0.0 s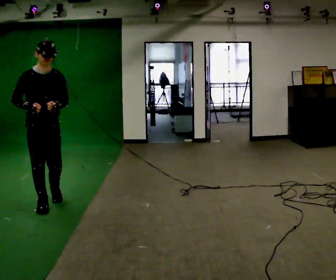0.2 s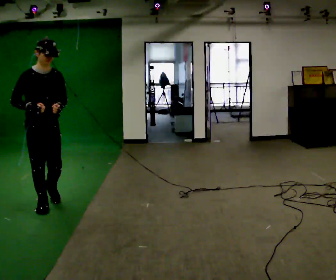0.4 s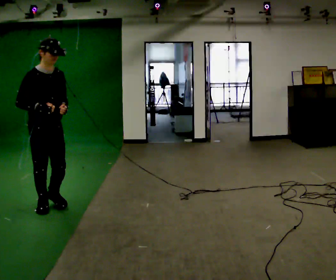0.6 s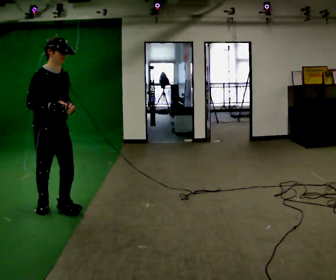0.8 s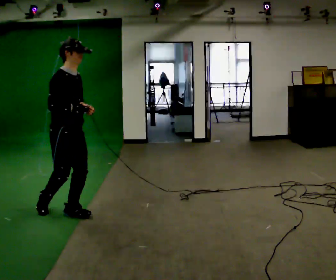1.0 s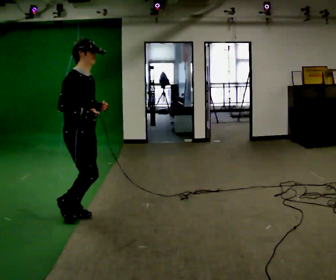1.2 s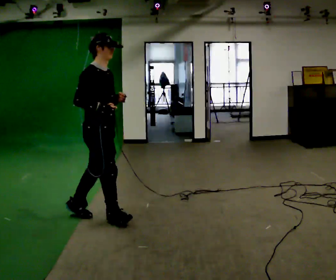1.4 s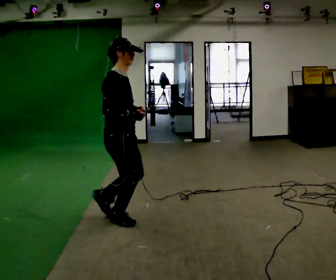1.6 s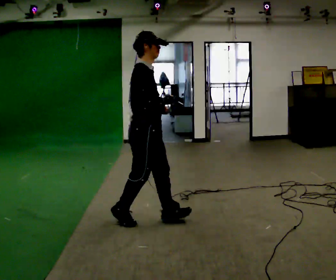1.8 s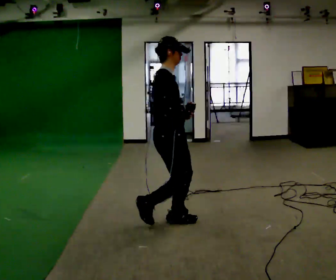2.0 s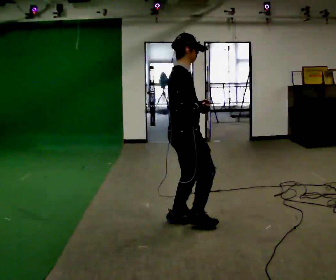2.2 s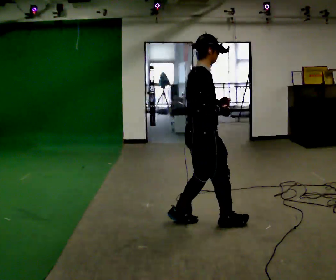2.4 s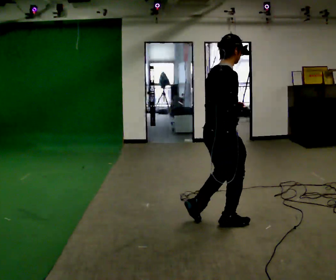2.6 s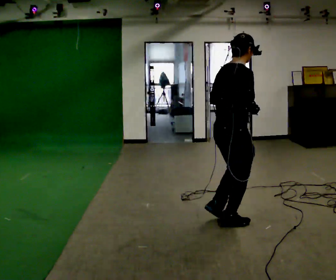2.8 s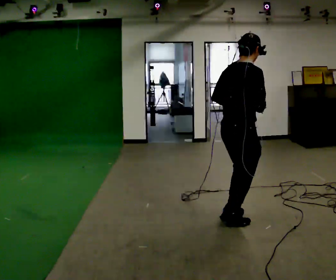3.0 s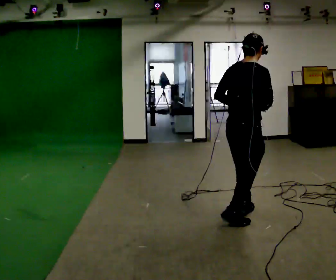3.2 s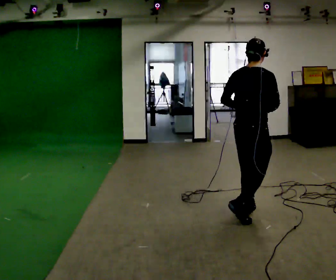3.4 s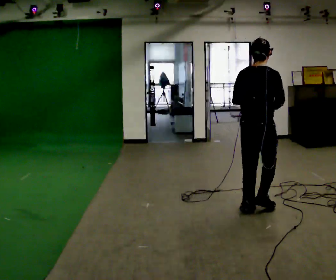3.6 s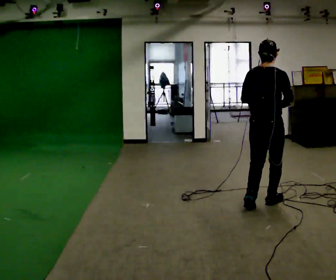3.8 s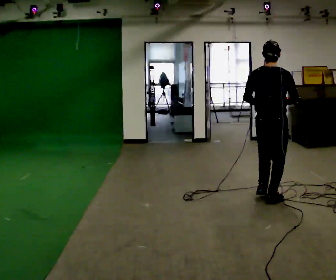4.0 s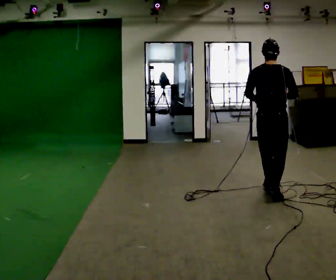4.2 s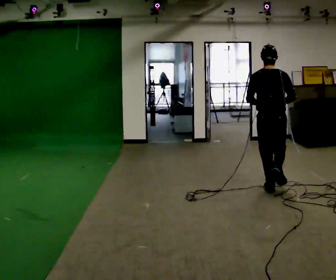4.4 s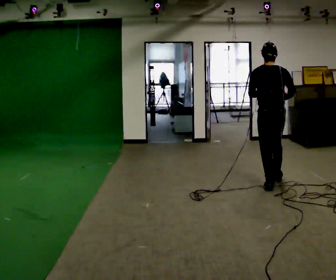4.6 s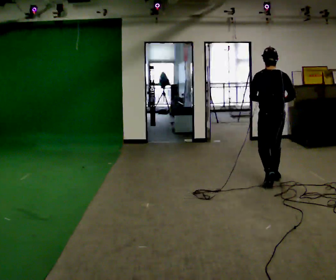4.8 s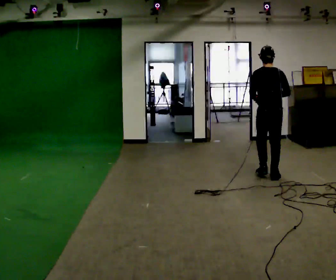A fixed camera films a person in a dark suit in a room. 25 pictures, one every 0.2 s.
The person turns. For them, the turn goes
to their left.
The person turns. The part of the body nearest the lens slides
to the right.
0.0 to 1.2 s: The person turns about 45 degrees to their left, counterclockwise seen from above, so the part of the body nearest the lens slides to the right. In the picture they go to the right, about 0.75 m in 1 step, which for them is forward.
1.2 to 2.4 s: The person turns about 30 degrees to their left, counterclockwise seen from above, so the part of the body nearest the lens slides to the right. In the picture they go to the right, about 1 m in 3 steps, which for them is forward.
2.4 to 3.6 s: Seen from above the body turns counterclockwise, about 45 degrees: to their left, with its near side sliding to the right. In the picture they go away from the camera and to the right, about 0.5 m in 2 steps, which for them is forward.
3.6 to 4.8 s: The person turns about 30 degrees to their left, counterclockwise seen from above, so the part of the body nearest the lens slides to the right. In the picture they go away from the camera, about 1 m in 2 steps, which for them is forward.
The film runs forward here.
